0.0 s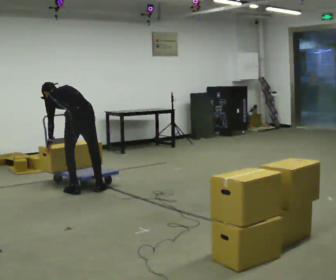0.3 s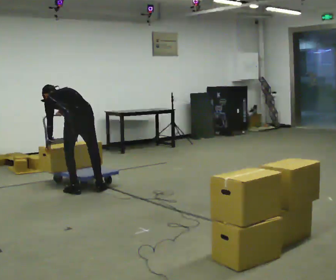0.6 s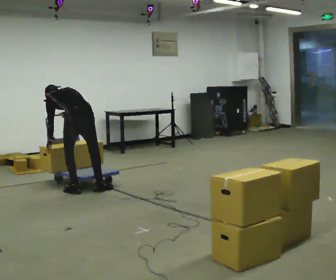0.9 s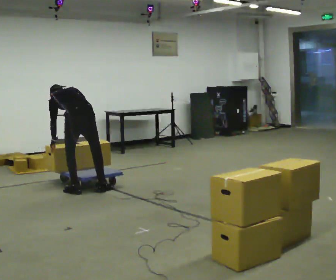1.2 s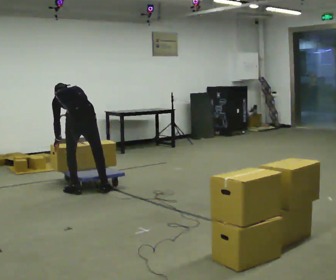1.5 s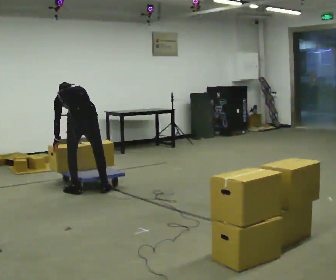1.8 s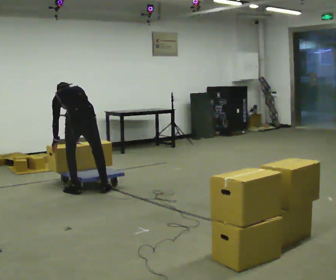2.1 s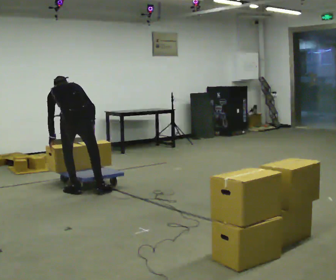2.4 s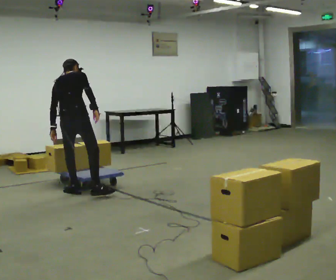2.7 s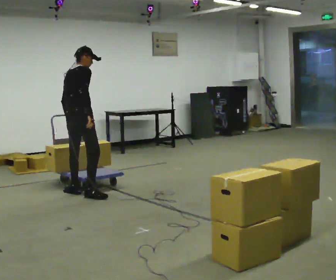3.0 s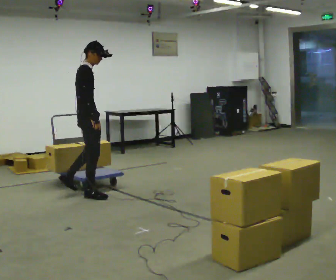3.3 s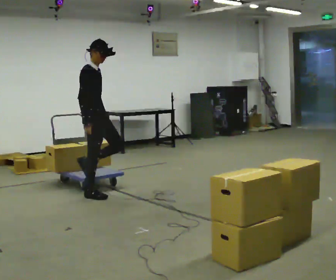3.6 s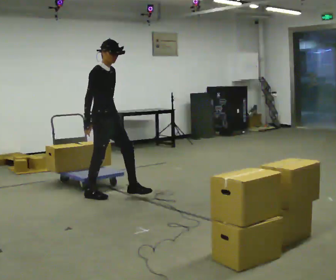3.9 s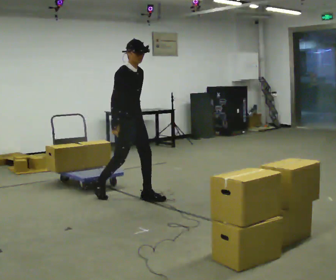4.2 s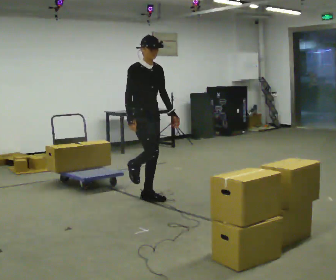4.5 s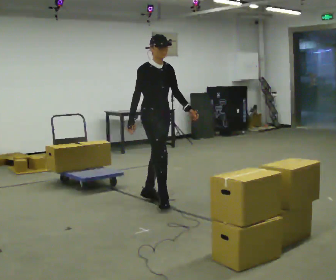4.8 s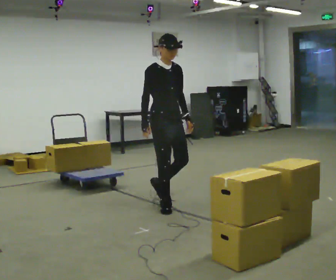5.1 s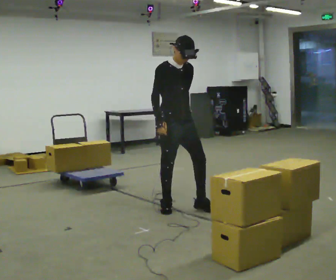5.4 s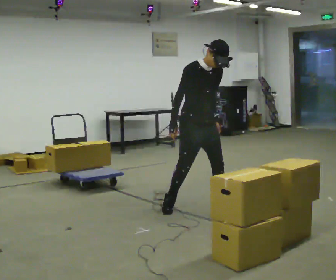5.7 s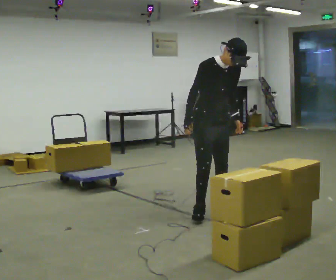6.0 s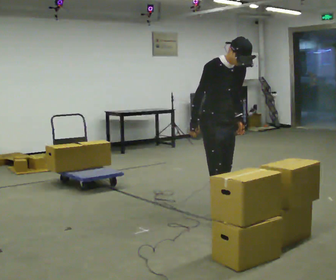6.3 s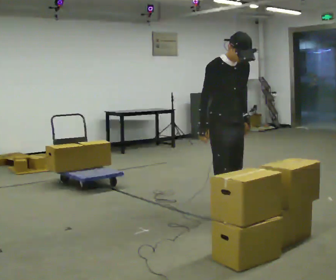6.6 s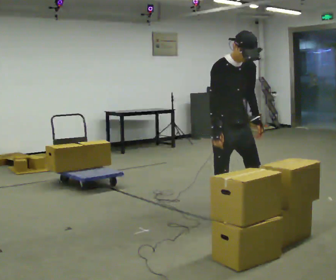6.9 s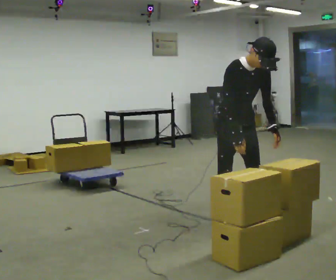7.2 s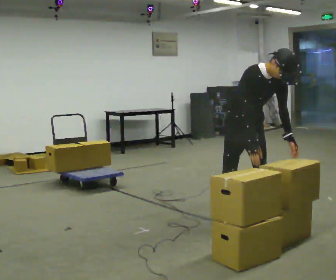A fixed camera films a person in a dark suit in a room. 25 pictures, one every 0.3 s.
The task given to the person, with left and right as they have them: Load the boxes onto the cart one at a time, then take them all off again. The cart stays where it is. Keep going until the operator says stop; one object at a time, and do not rush between trips.
0.0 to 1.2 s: In the picture the upper body tilts clockwise, shoulders to the right.
1.2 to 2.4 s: The part of the body nearest the lens slides to the left as the person turns to their right by about 30 degrees. The shoulders move upward. In the picture the upper body tilts clockwise, shoulders to the right, as they lean back or straighten.
2.4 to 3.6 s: The person turns about 105 degrees to their right, clockwise seen from above, so the part of the body nearest the lens slides to the left. In the picture they go to the right, about 0.25 m. The upper body tips toward the camera, its near side rolling downward, as they lean back or straighten.
3.6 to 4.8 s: Seen from above the body turns clockwise, about 30 degrees: to their right, with its near side sliding to the left. In the picture they go to the right and toward the camera, about 1 m in 2 steps, which for them is forward.
4.8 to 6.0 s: In the picture they go toward the camera and to the right, about 0.5 m in 1 step, which for them is forward and to their left.
6.0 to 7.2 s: In the picture they go toward the camera and to the right, about 0.25 m in 2 steps, which for them is forward. The upper body tips toward the camera, its near side rolling downward, as they bend forward.
The film runs forward here.
